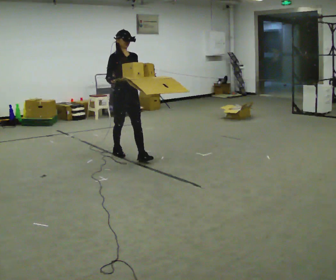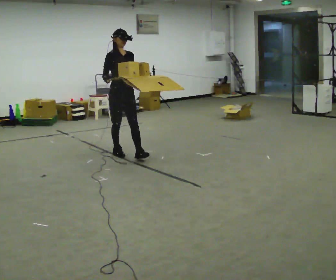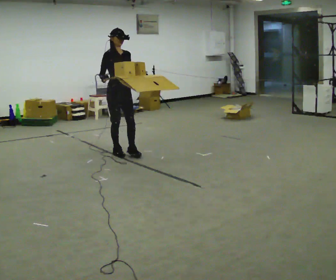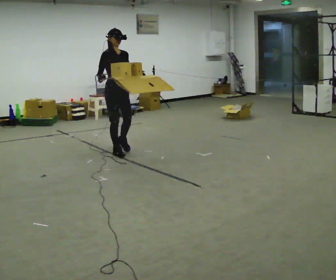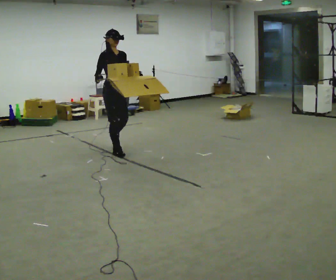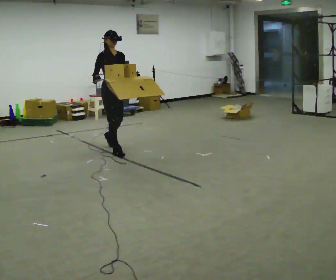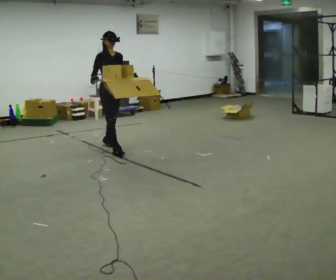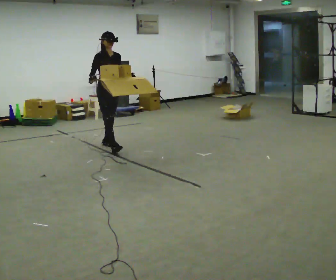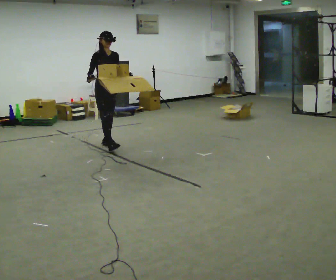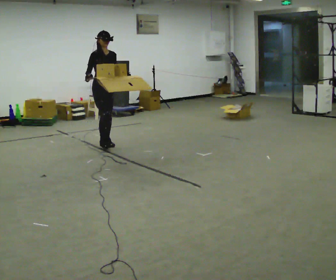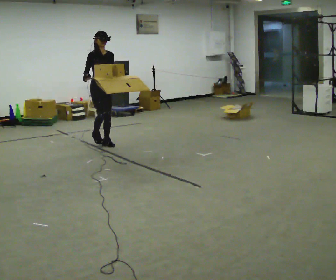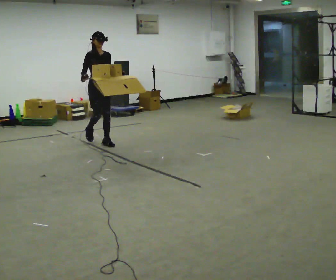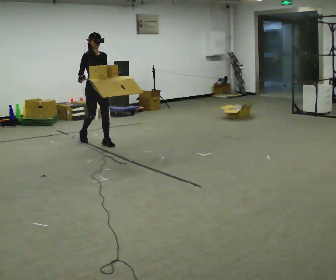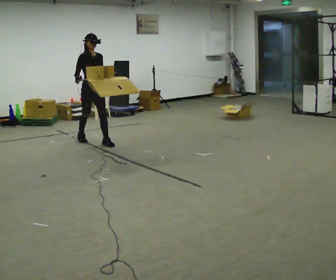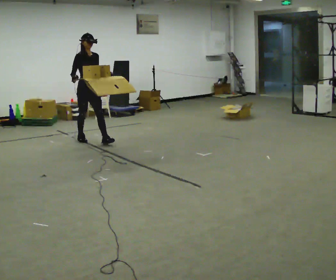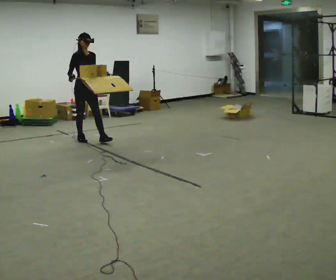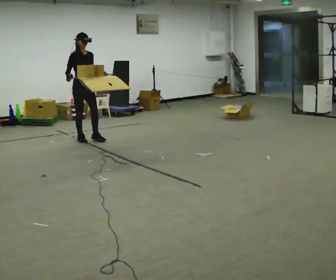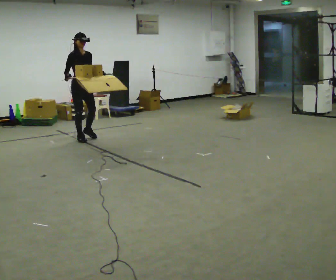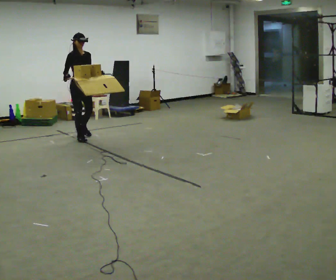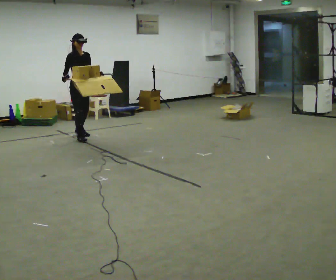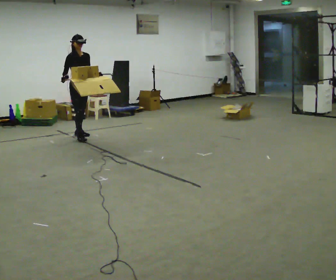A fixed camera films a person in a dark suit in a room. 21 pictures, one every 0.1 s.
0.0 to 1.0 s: In the picture they go away from the camera and to the left, about 1 m in 1 step, which for them is backward.
1.0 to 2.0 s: In the picture they go away from the camera and to the left, about 0.5 m in 1 step, which for them is backward.
The film runs backward here.
